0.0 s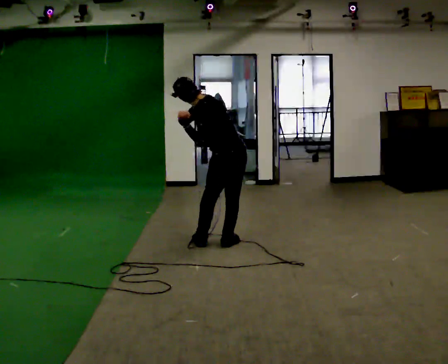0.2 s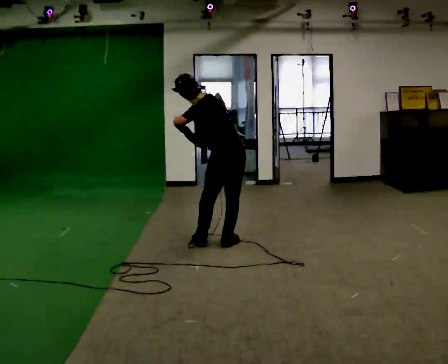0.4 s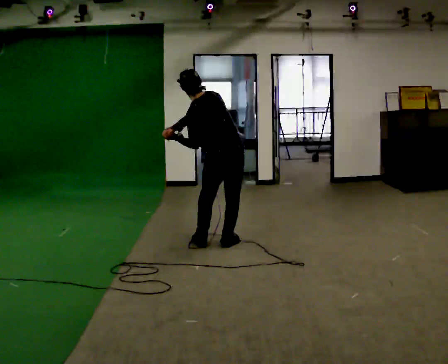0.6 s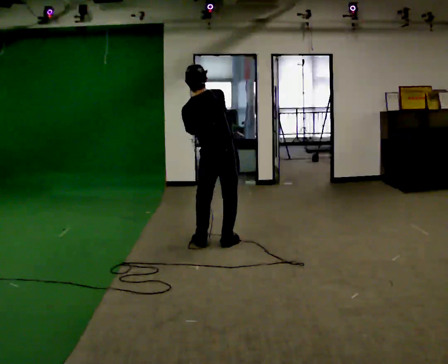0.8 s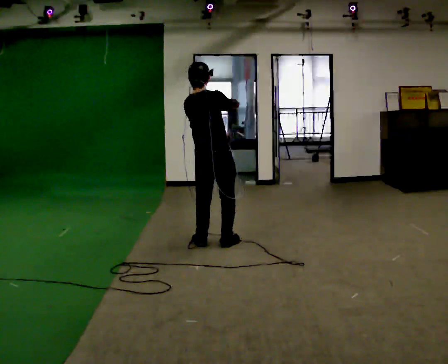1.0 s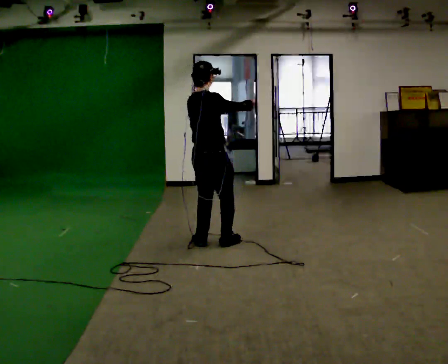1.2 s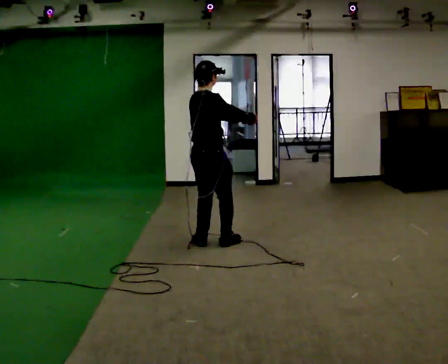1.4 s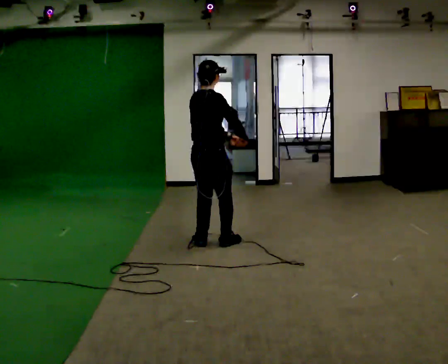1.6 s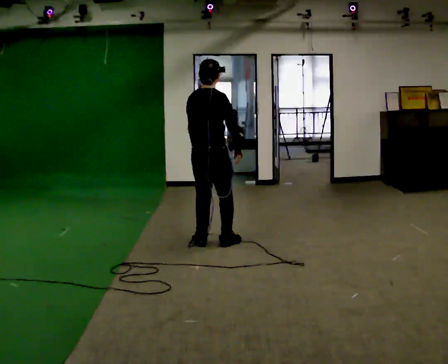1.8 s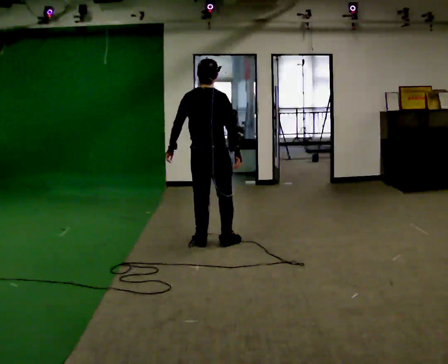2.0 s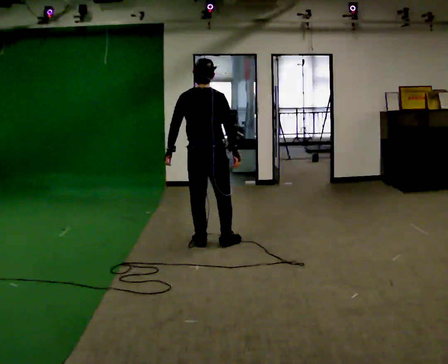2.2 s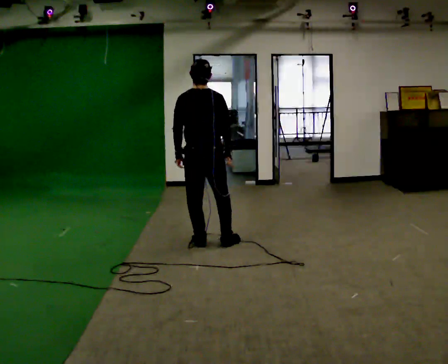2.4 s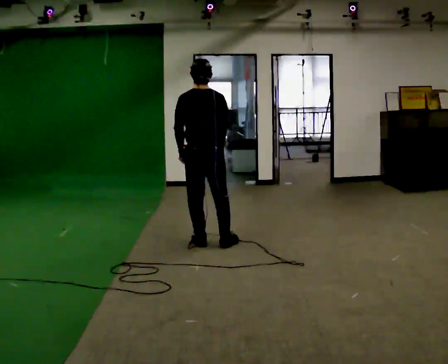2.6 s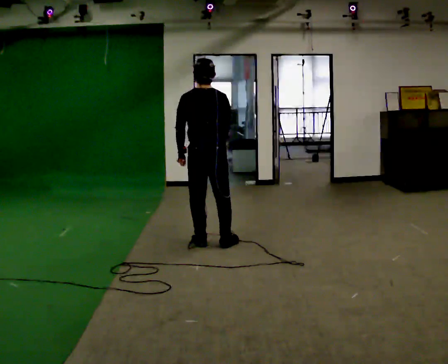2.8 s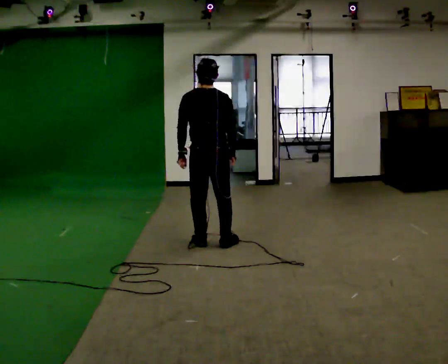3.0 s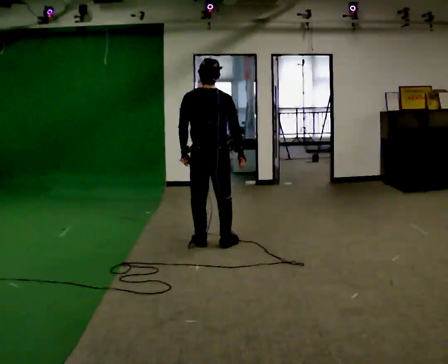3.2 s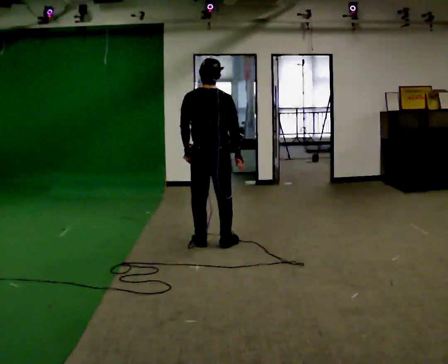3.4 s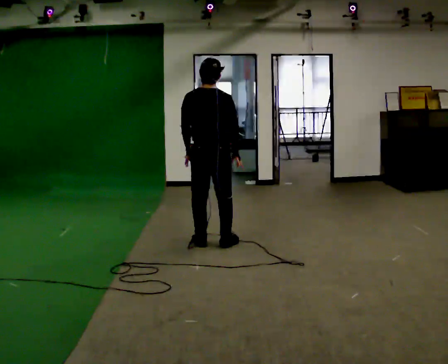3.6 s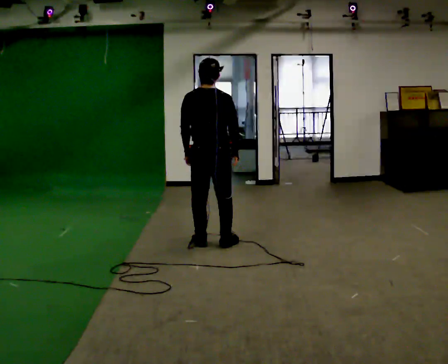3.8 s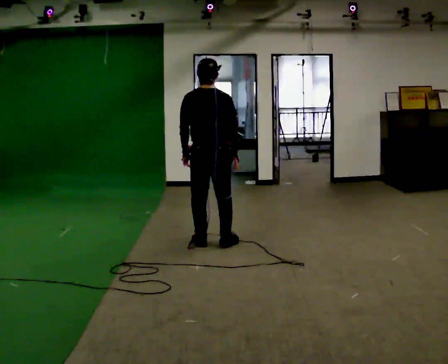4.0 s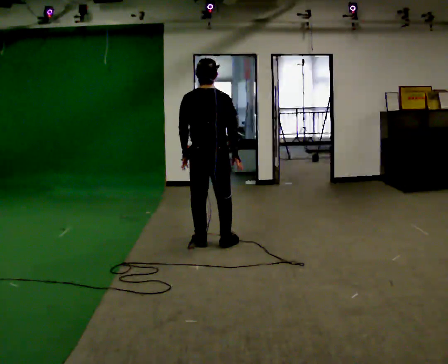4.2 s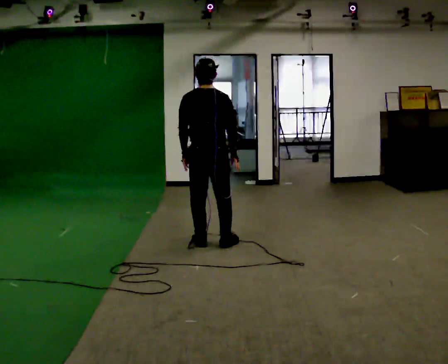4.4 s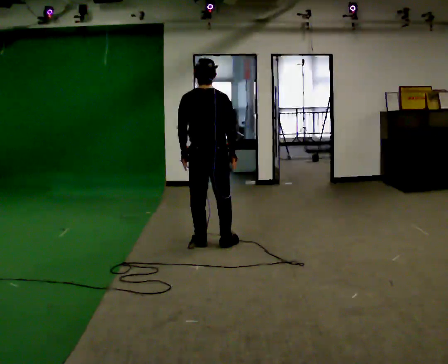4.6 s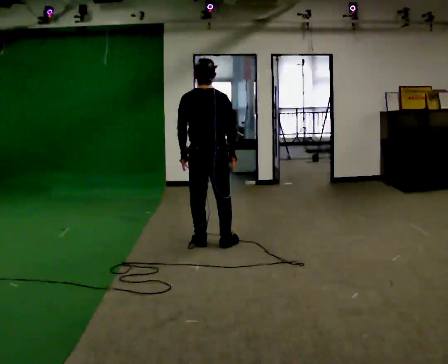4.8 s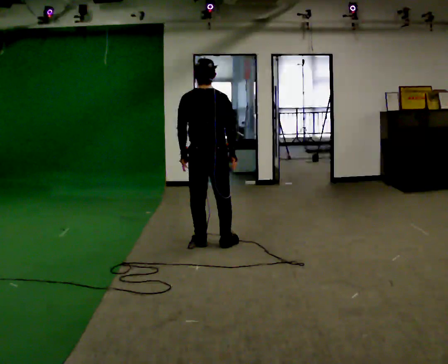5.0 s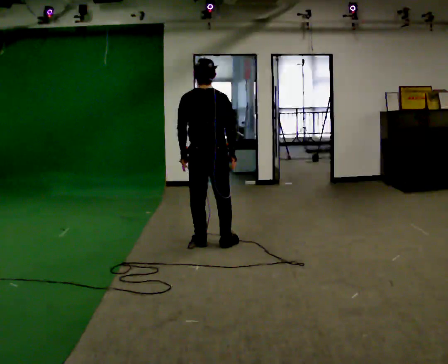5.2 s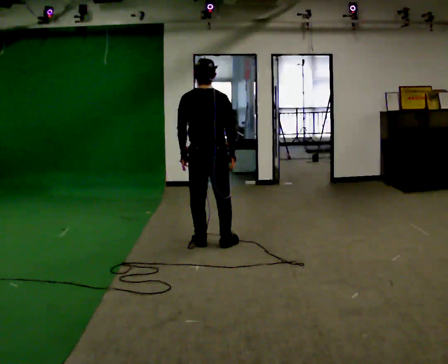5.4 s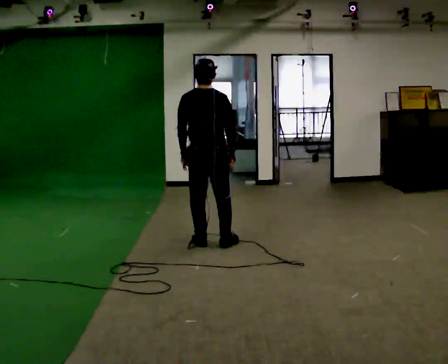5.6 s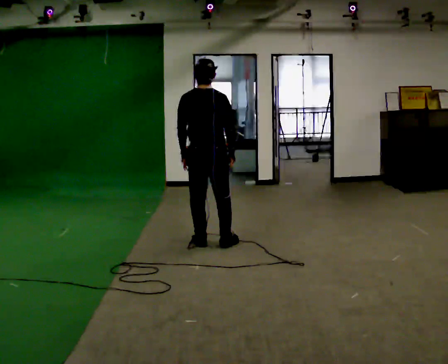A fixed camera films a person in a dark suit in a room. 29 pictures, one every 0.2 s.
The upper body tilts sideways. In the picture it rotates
clockwise.
0.0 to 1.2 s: The person turns about 105 degrees to their right, clockwise seen from above, so the part of the body nearest the lens slides to the left. In the picture they go to the left, about 0.25 m. In the picture the upper body tilts clockwise, shoulders to the right, as they lean back or straighten. In the picture their right hand goes to the right.
1.2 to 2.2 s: Seen from above the body turns counterclockwise, about 60 degrees: to their left, with its near side sliding to the right. In the picture their left hand goes to the left, the arm swinging clockwise.
2.2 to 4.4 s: The person moves a little, or ends about where they began.
4.4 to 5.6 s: The person keeps their place and pose.
The film runs forward here.
